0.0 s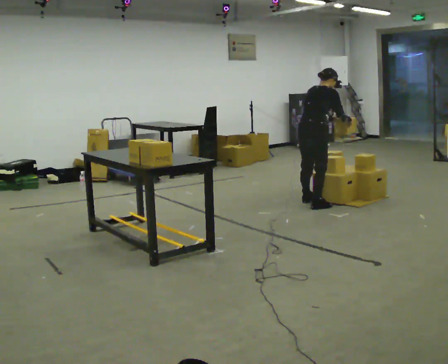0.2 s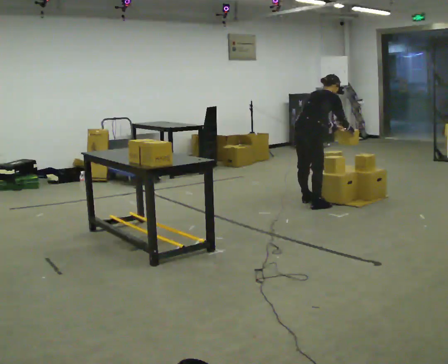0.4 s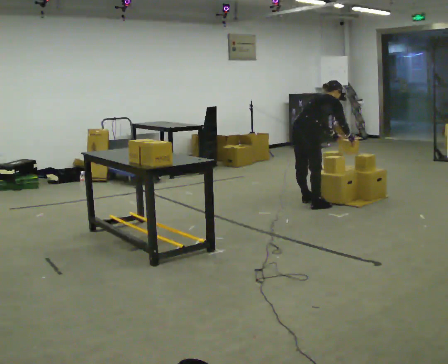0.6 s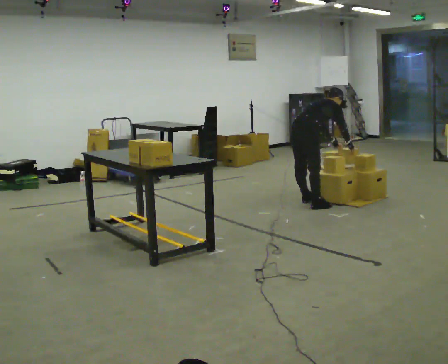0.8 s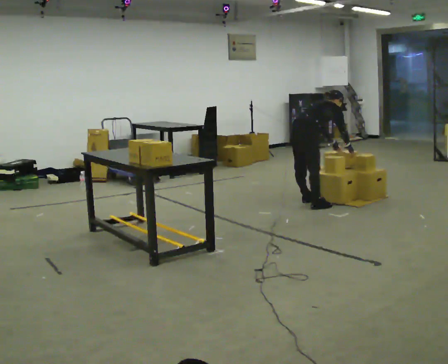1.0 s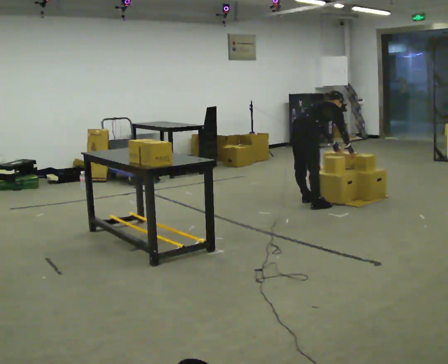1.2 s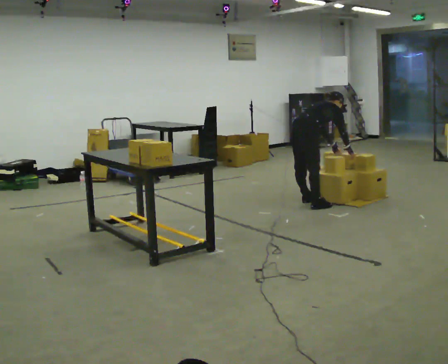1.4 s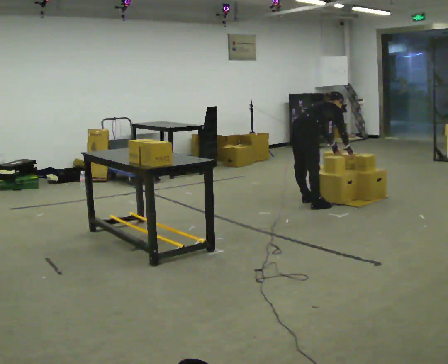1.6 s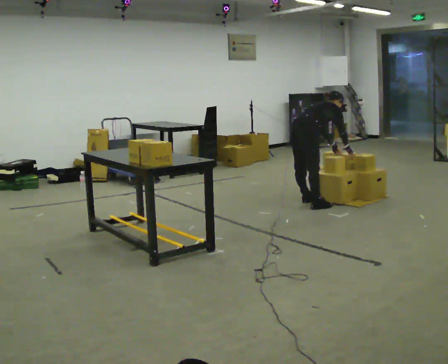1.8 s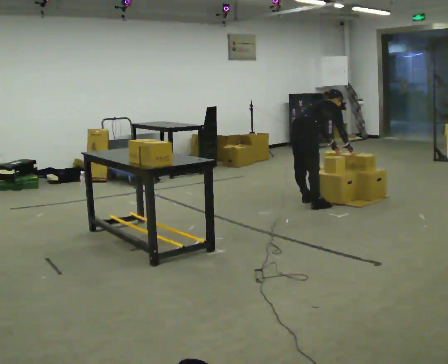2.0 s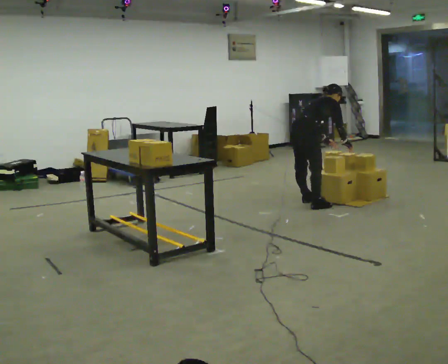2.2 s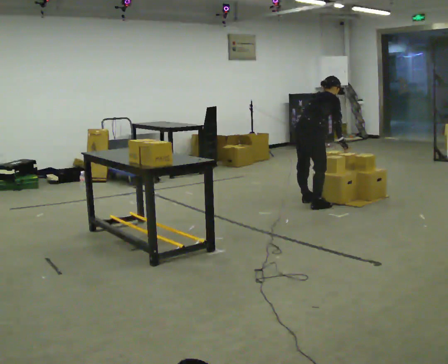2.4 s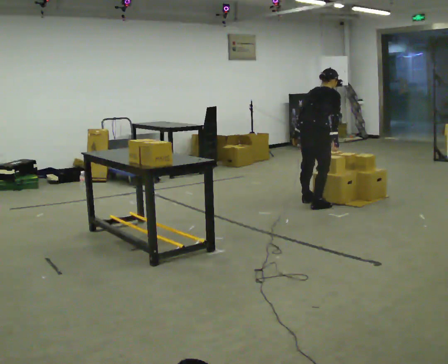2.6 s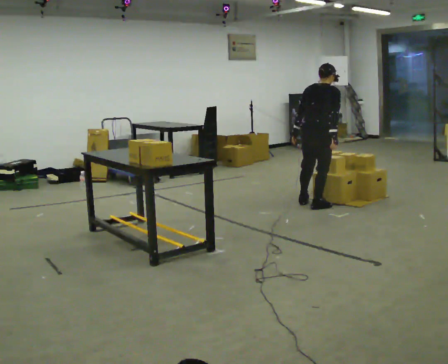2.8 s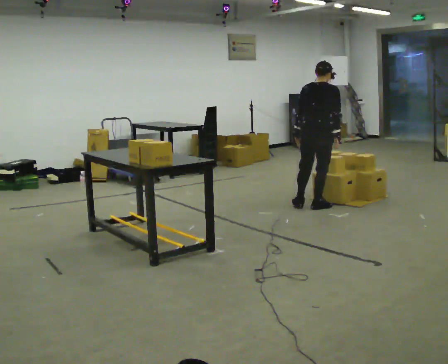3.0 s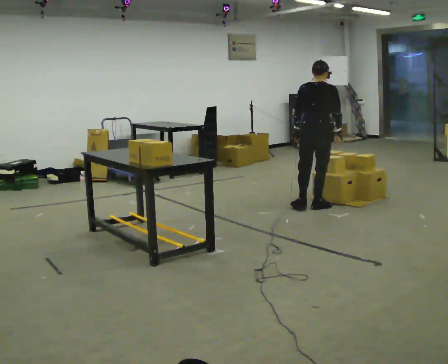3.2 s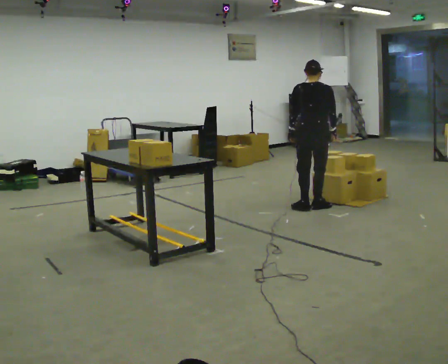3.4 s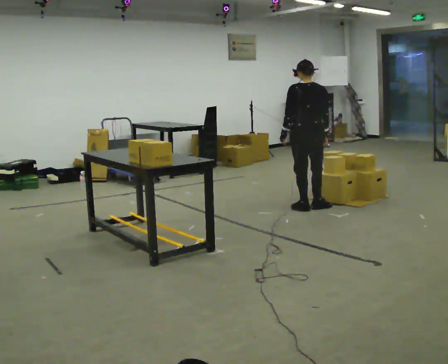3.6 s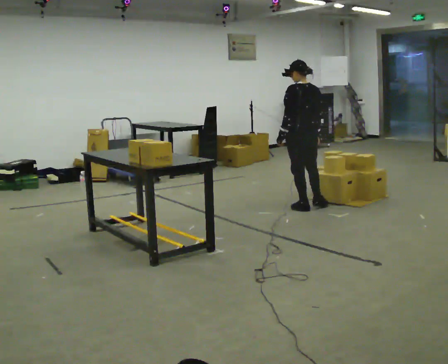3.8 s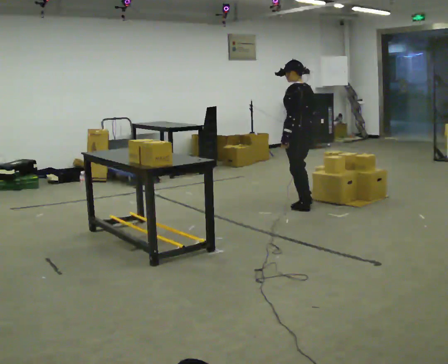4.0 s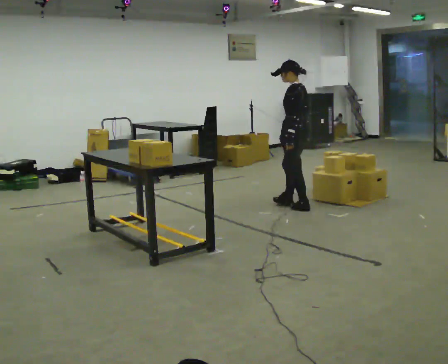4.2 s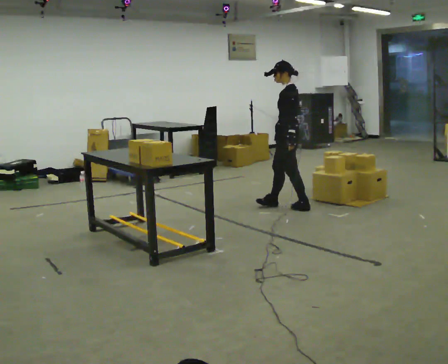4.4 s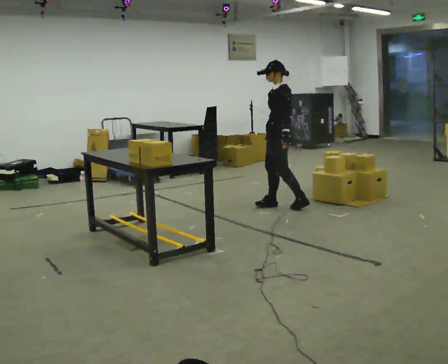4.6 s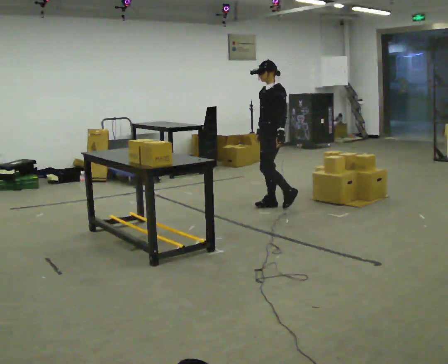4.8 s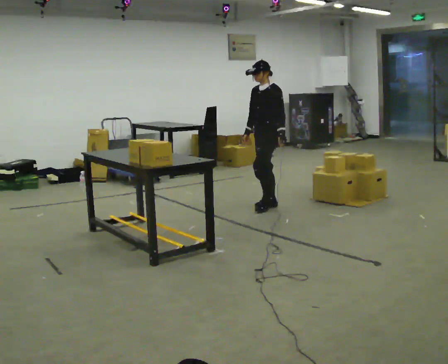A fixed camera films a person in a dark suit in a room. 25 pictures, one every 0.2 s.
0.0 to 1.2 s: The upper body goes downward. The upper body tips away from the camera, its near side rolling upward, as they bend forward. In the picture their right hand goes downward.
1.2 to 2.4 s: In the picture they go toward the camera, about 0.25 m, which for them is to their right. The shoulders move upward. In the picture the upper body tilts counterclockwise, shoulders to the left, as they lean back or straighten. In the picture their left hand goes to the left, the arm swinging clockwise.
2.4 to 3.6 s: The part of the body nearest the lens slides to the right as the person turns to their left by about 75 degrees. In the picture the upper body tilts counterclockwise, shoulders to the left, as they lean back or straighten.
3.6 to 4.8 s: Seen from above the body turns counterclockwise, about 90 degrees: to their left, with its near side sliding to the right. In the picture they go to the left, about 0.5 m in 1 step.
The film runs forward here.
